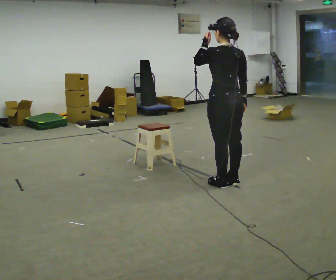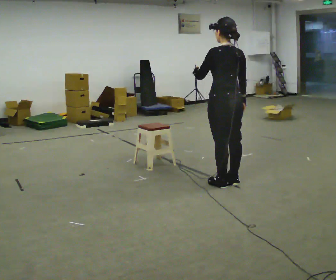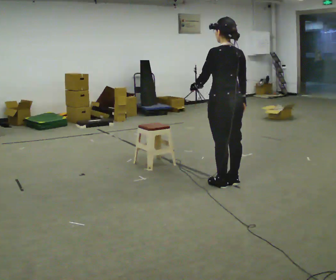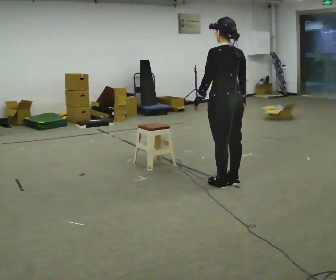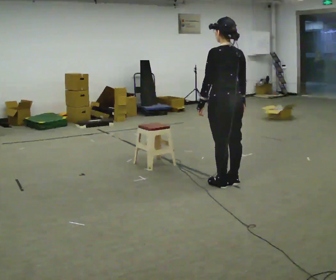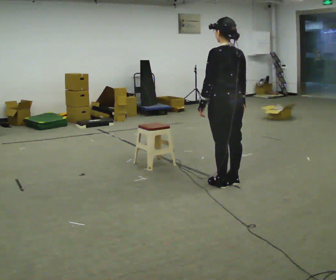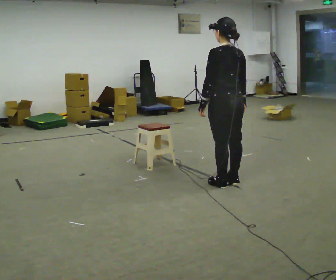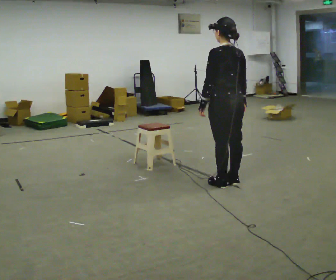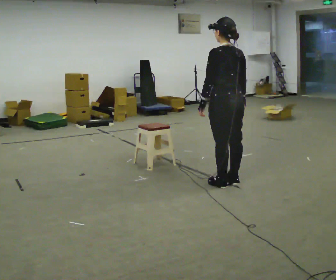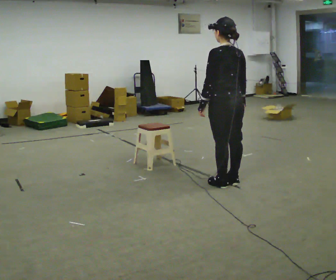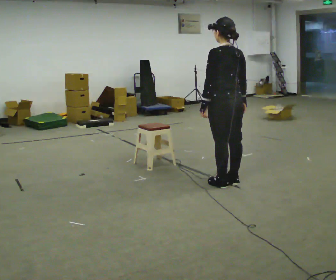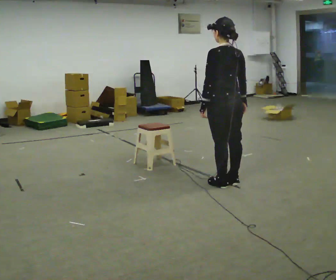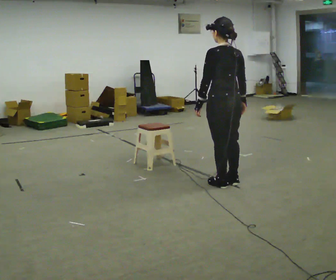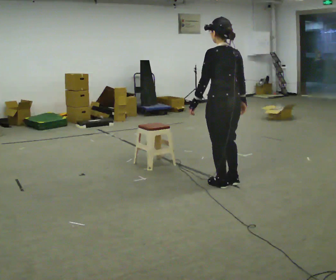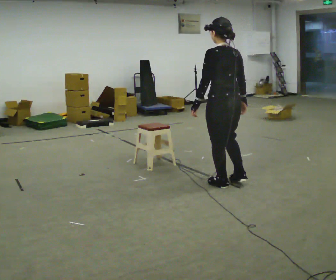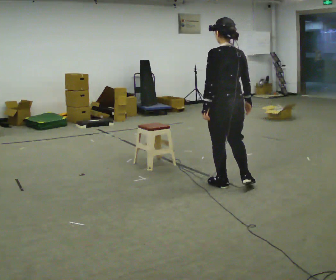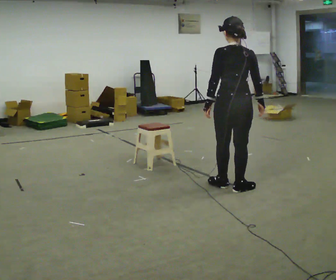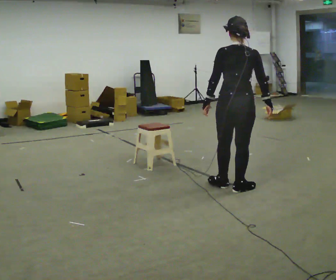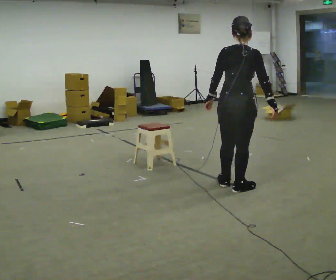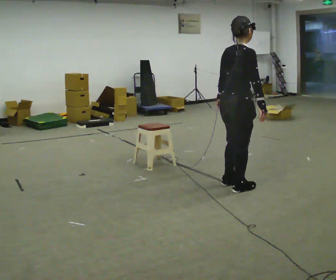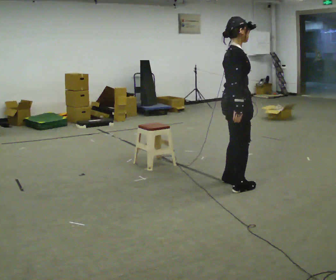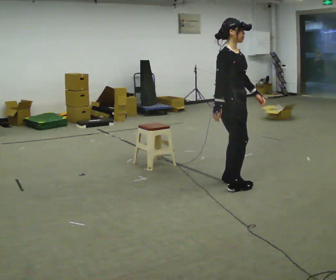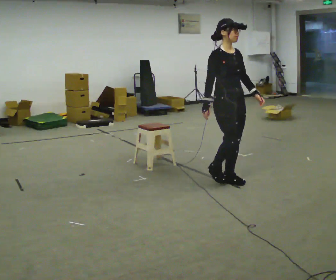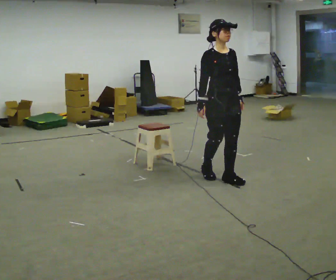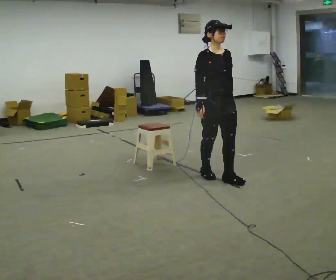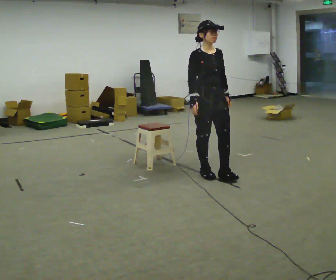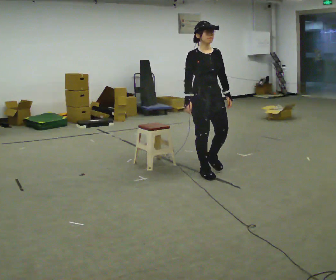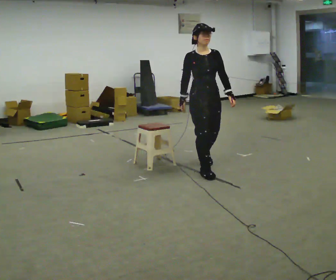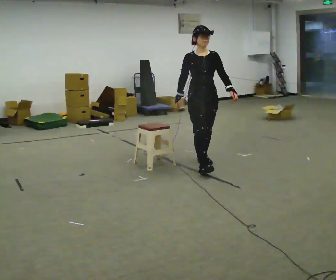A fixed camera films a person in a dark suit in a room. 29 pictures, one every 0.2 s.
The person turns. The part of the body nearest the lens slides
to the left.
The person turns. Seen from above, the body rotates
clockwise.
0.0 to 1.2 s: In the picture their left hand goes downward.
1.2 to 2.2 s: The person moves a little, or ends about where they began.
2.2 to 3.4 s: The person turns about 30 degrees to their right, clockwise seen from above, so the part of the body nearest the lens slides to the left.
3.4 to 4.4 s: Seen from above the body turns clockwise, about 135 degrees: to their right, with its near side sliding to the left. In the picture they go away from the camera, about 0.25 m in 1 step.
4.4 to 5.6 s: The person turns about 30 degrees to their right, clockwise seen from above, so the part of the body nearest the lens slides to the left. In the picture they go away from the camera and to the left, about 0.5 m in 2 steps, which for them is backward.
The film runs backward here.
